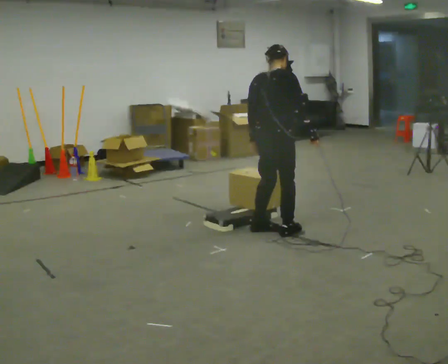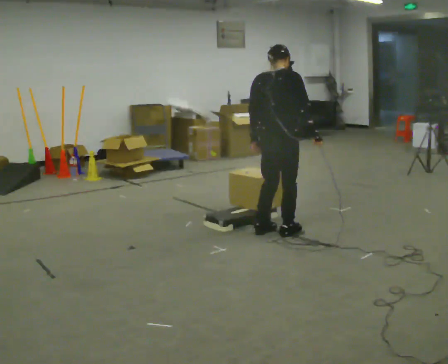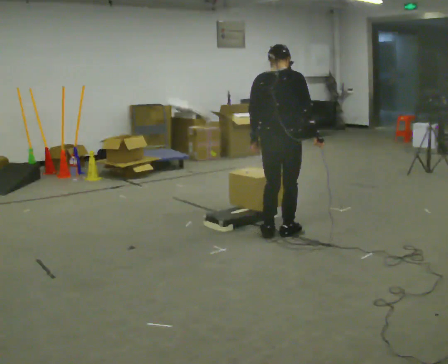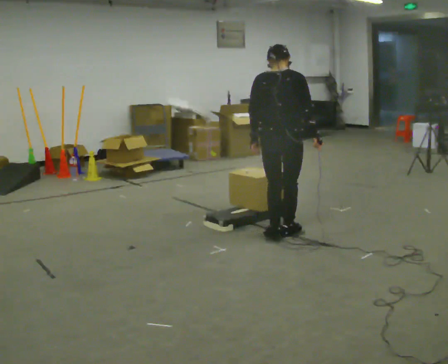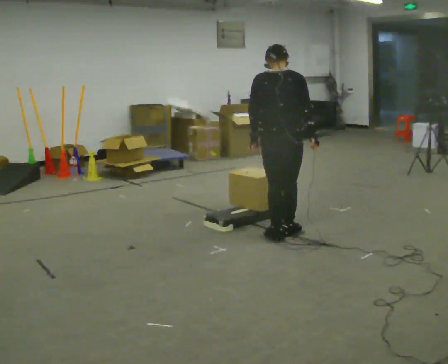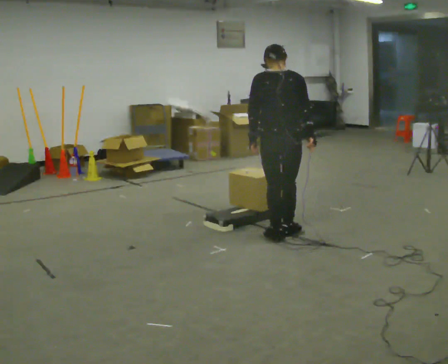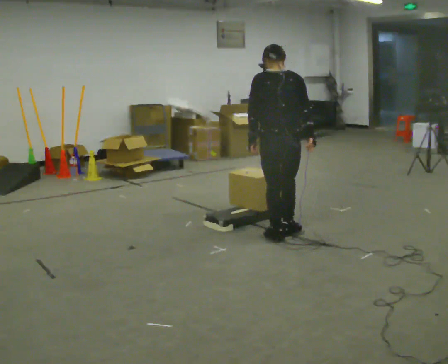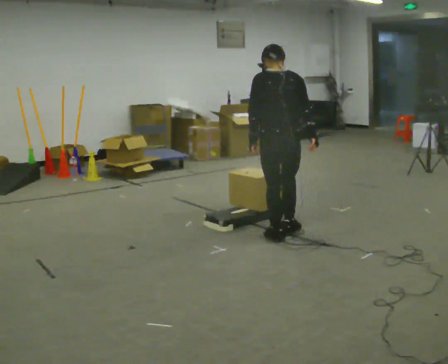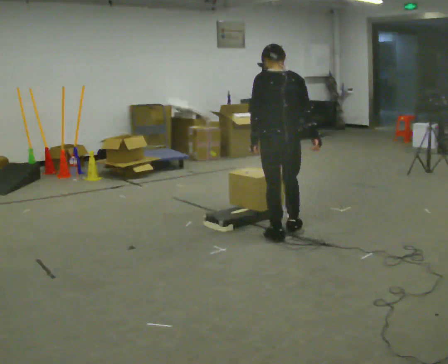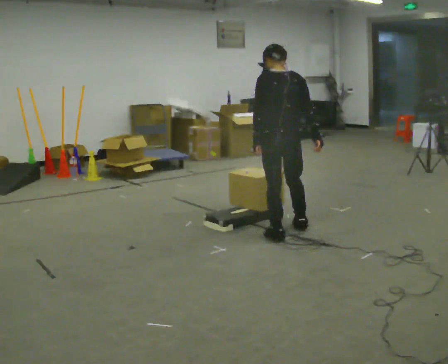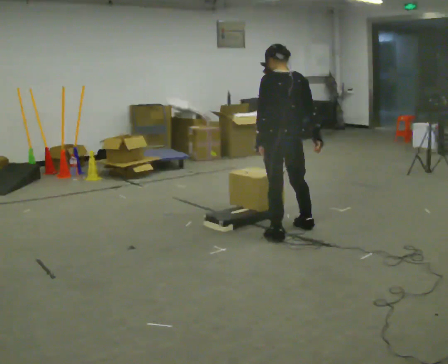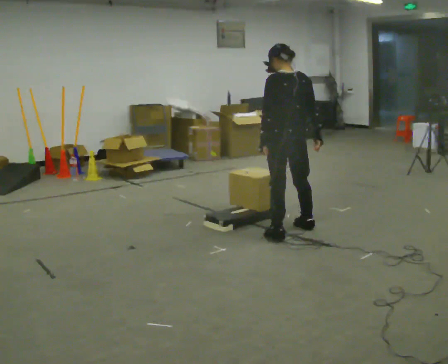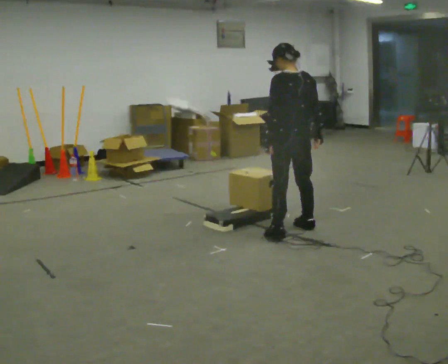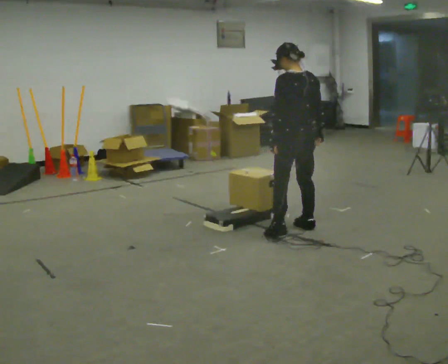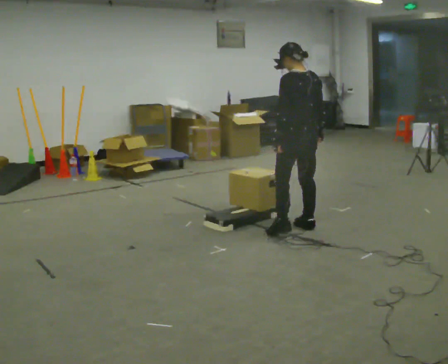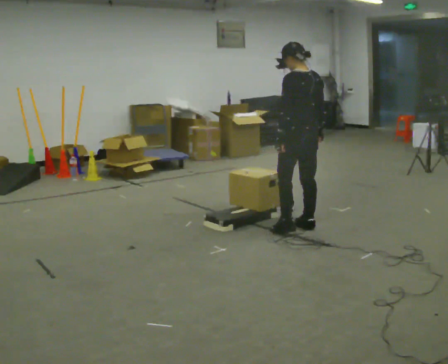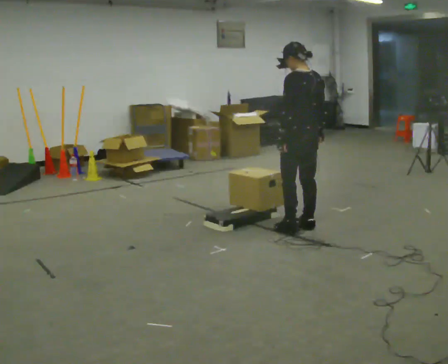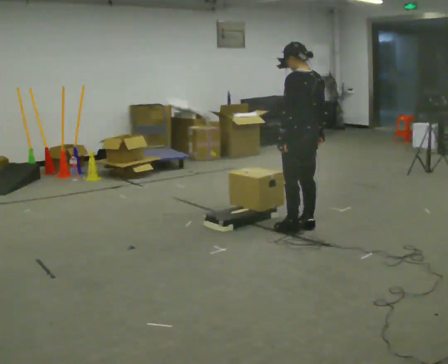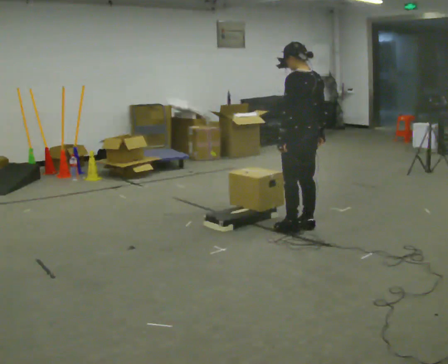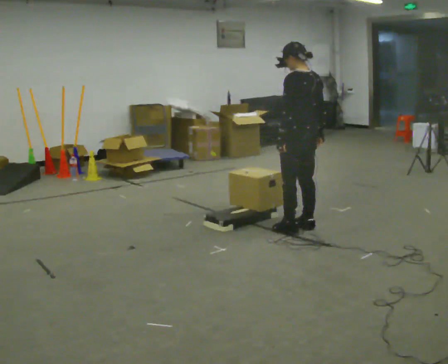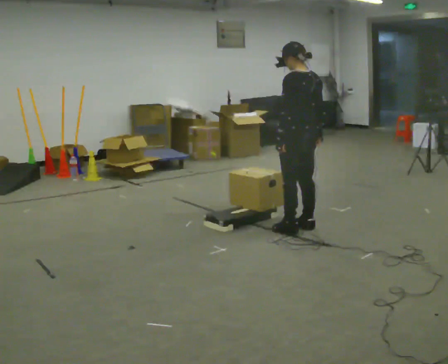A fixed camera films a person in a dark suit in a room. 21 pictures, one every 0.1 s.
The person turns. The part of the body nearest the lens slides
to the right.
The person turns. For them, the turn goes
to their left.
0.0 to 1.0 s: The person turns about 75 degrees to their left, counterclockwise seen from above, so the part of the body nearest the lens slides to the right.
1.0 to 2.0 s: The person moves a little, or ends about where they began.
The film runs forward here.
